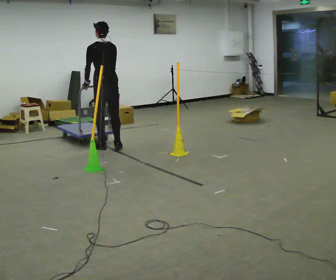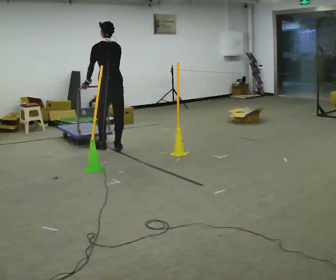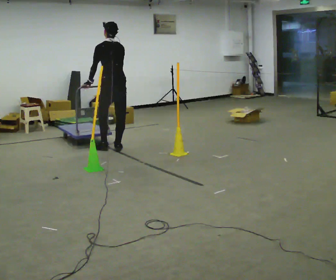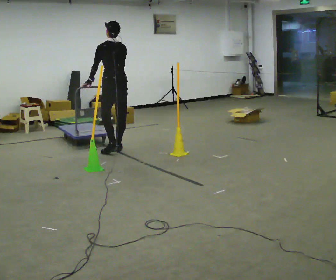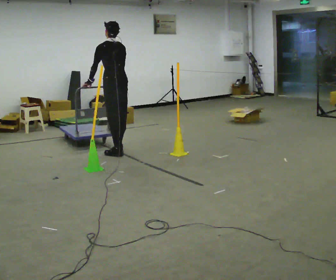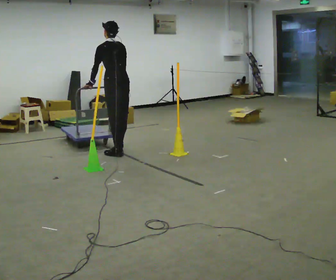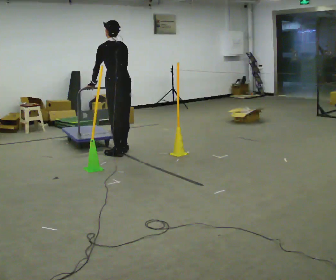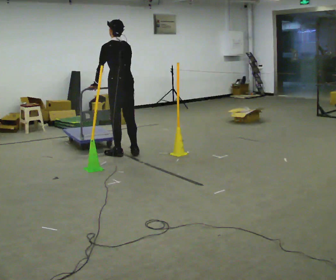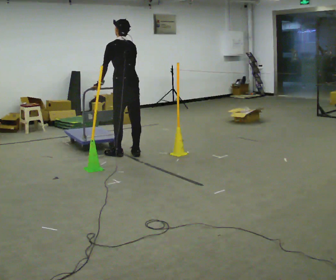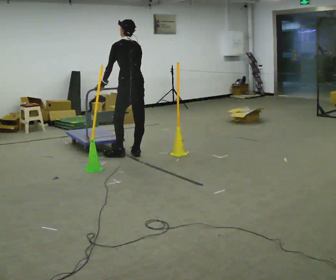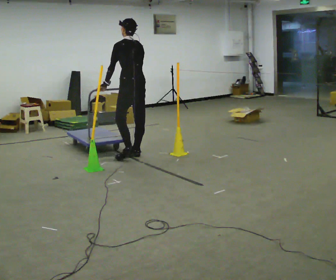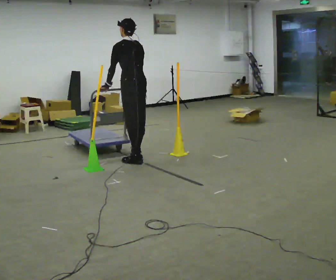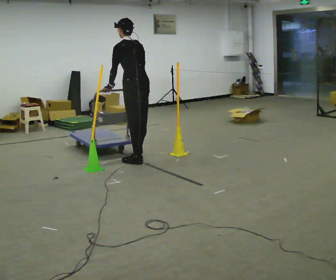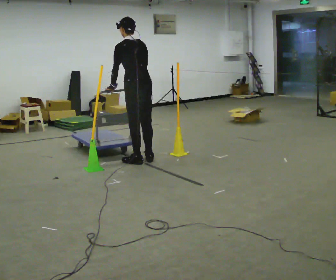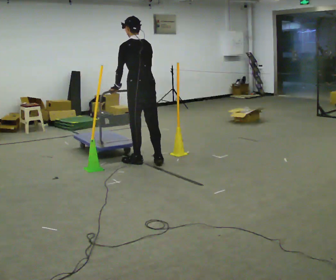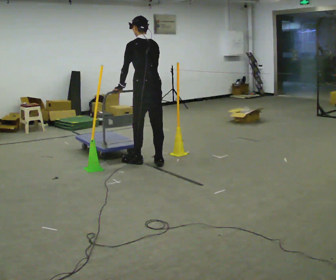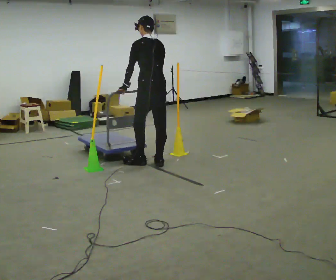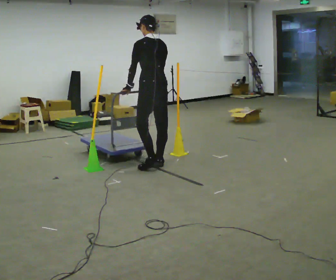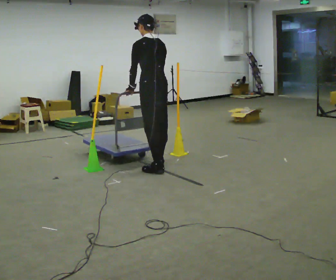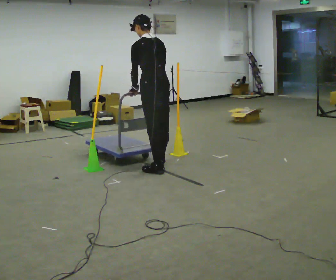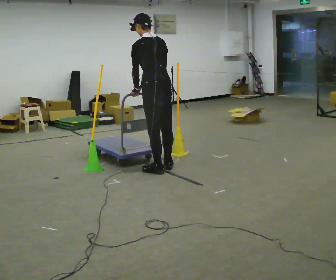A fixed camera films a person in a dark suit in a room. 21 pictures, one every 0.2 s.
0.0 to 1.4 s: In the picture they go toward the camera and to the right, about 0.5 m in 1 step, which for them is backward.
1.4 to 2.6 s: In the picture they go toward the camera and to the right, about 0.5 m in 2 steps, which for them is backward.
2.6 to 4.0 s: In the picture they go toward the camera and to the right, about 0.5 m in 2 steps, which for them is backward.
The film runs forward here.
